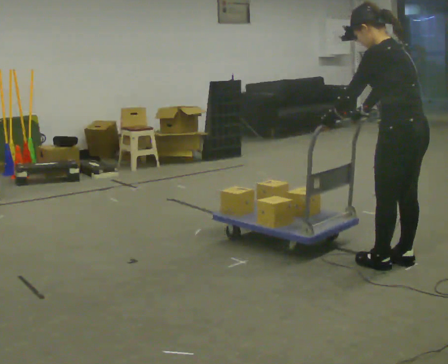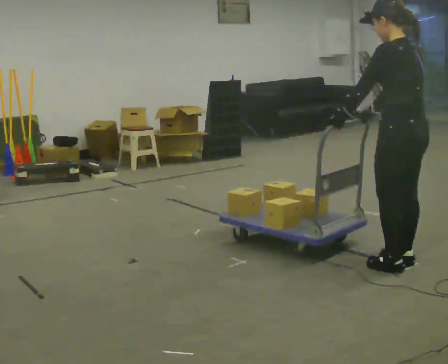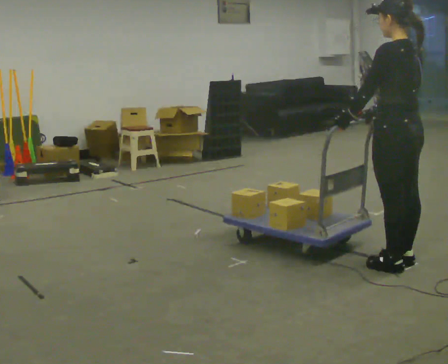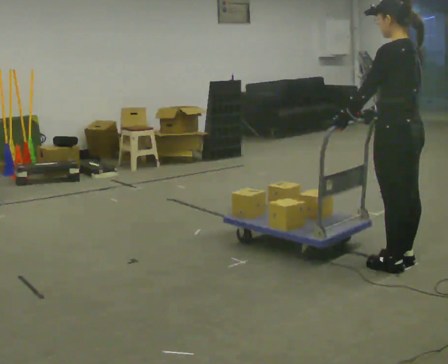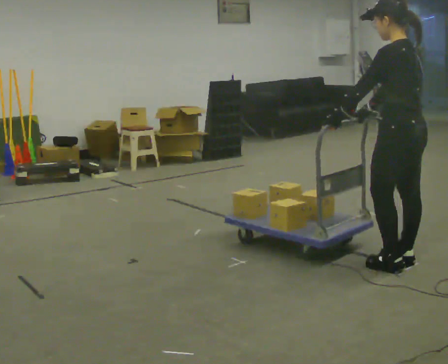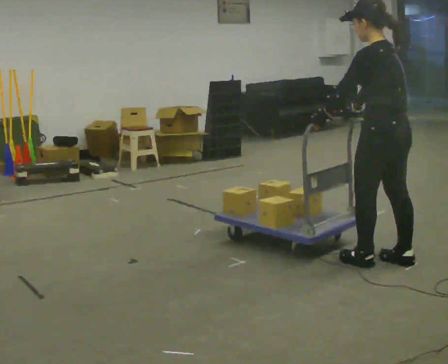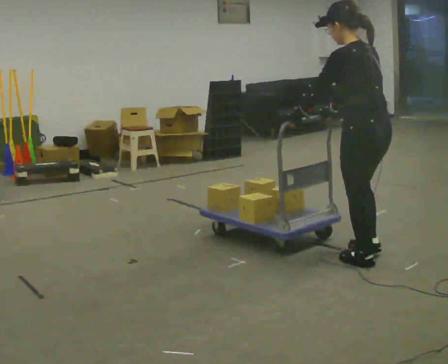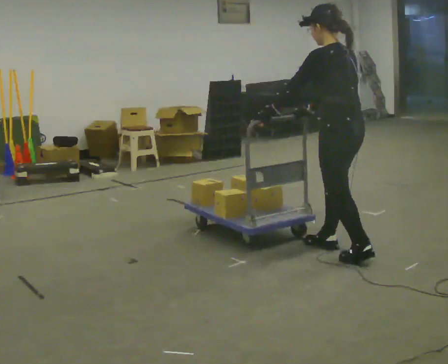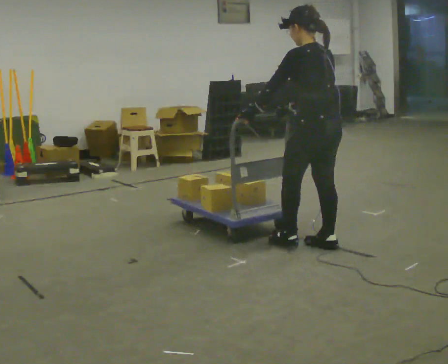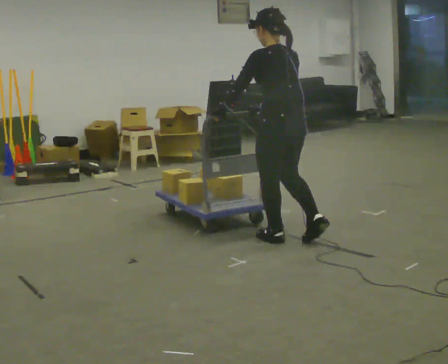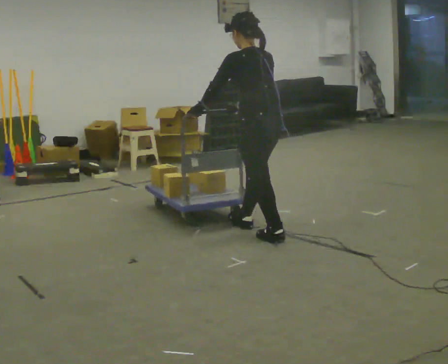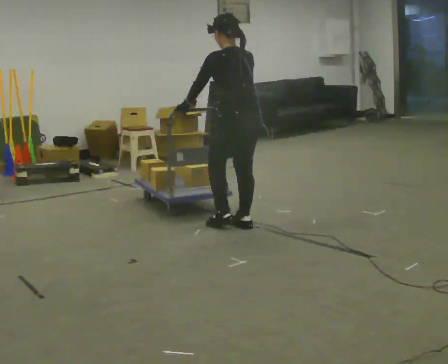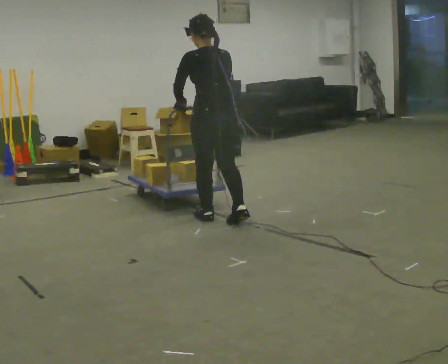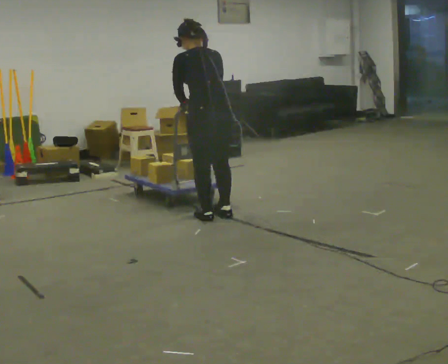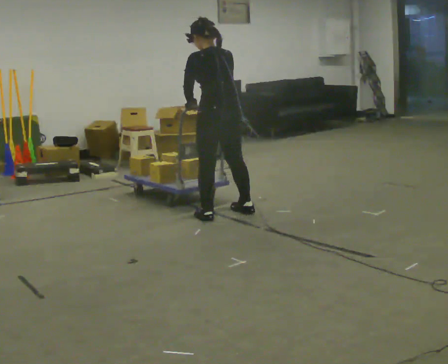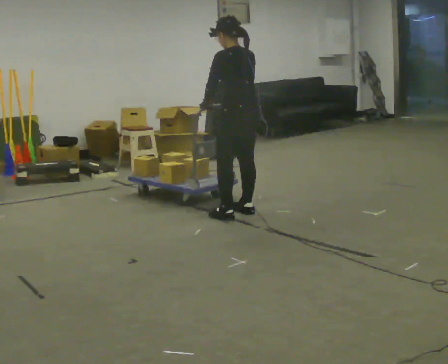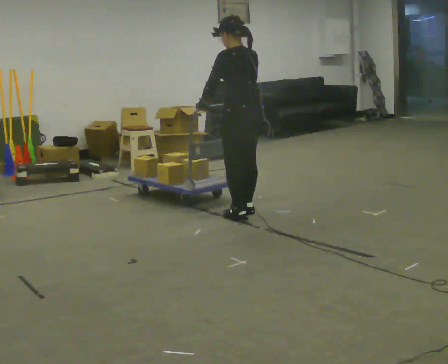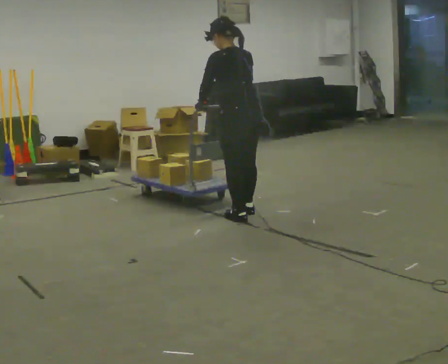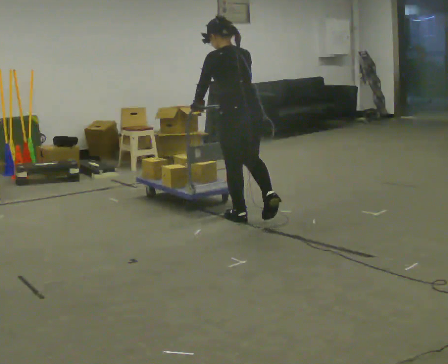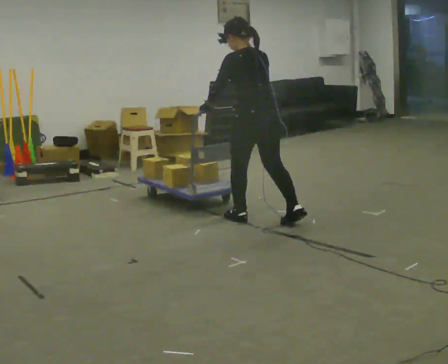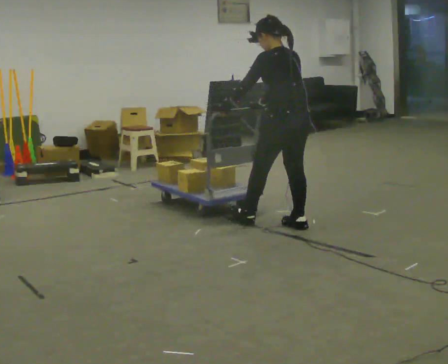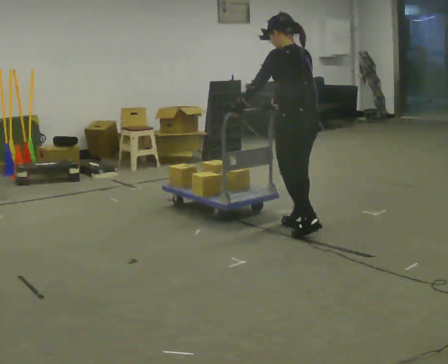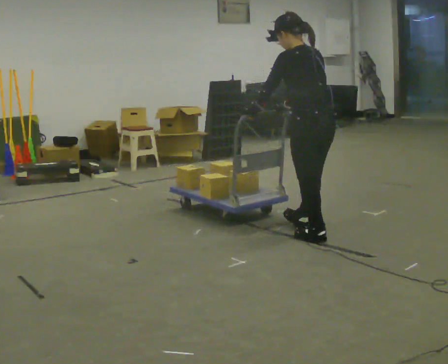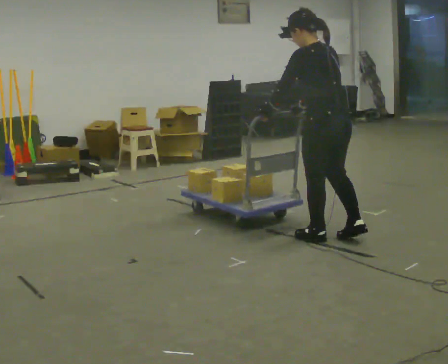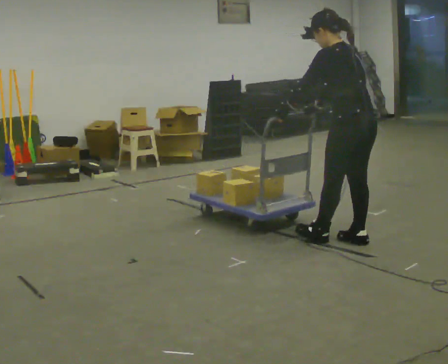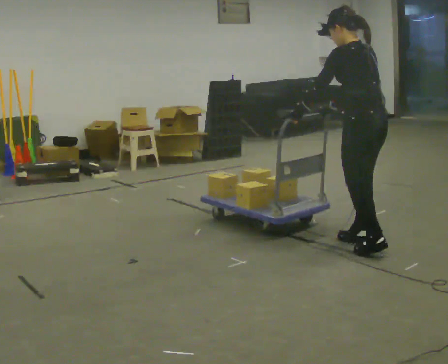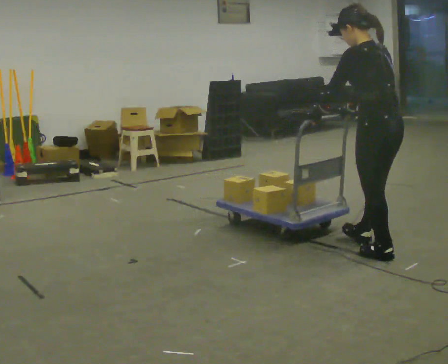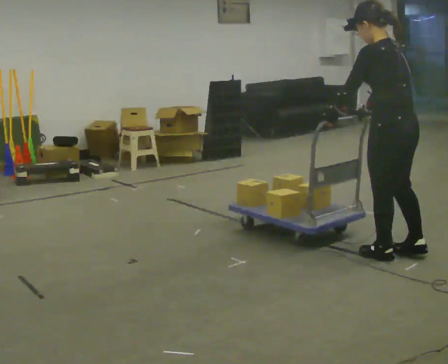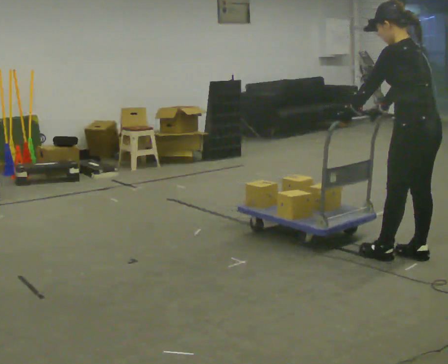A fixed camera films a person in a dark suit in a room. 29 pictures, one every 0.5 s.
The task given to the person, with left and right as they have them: Get the cart into the marked parking space and lined up with the tape. Take as many adjustments as you need. Then take it out again and repeat.
0.0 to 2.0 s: The person moves a little, or ends about where they began.
2.0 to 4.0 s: In the picture they go away from the camera and to the left, about 0.75 m in 2 steps, which for them is forward.
4.0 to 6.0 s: In the picture they go away from the camera and to the left, about 1 m in 3 steps, which for them is forward.
6.0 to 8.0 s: In the picture they go to the right and away from the camera, about 0.25 m in 2 steps, which for them is to their right.
8.0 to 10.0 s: In the picture they go toward the camera and to the right, about 0.5 m in 1 step, which for them is backward.
10.0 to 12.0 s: In the picture they go toward the camera and to the right, about 0.75 m in 2 steps, which for them is backward.
12.0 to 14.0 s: In the picture they go toward the camera and to the right, about 0.5 m in 2 steps, which for them is backward.
The film runs forward here.
